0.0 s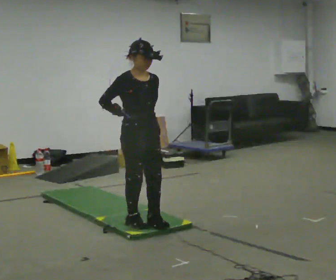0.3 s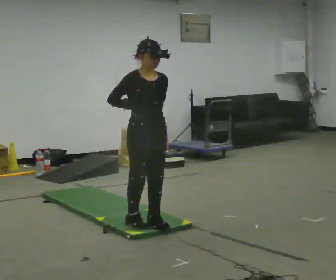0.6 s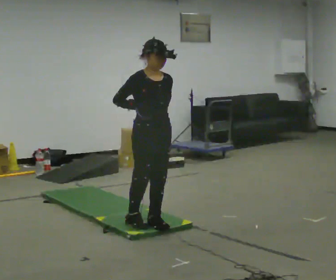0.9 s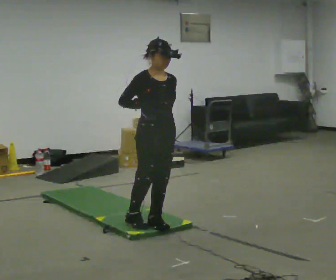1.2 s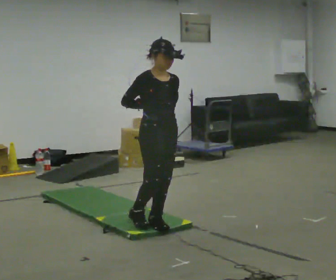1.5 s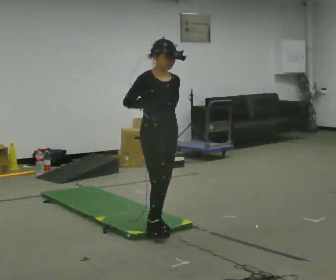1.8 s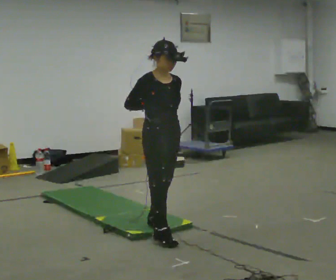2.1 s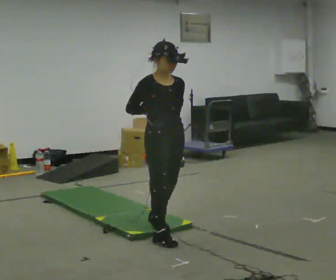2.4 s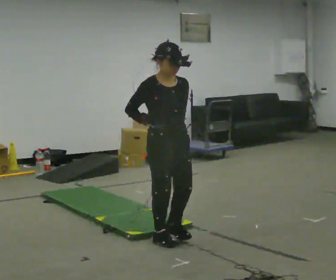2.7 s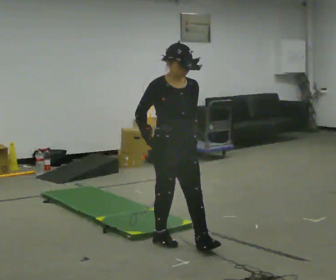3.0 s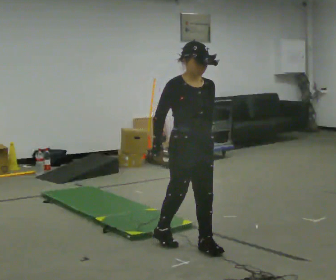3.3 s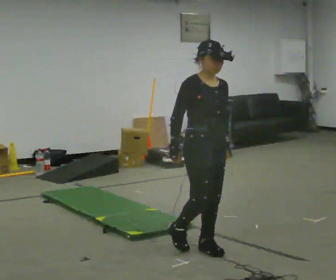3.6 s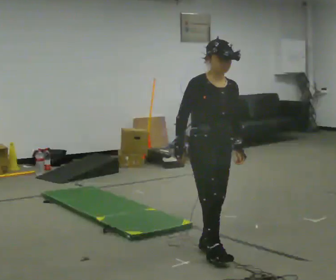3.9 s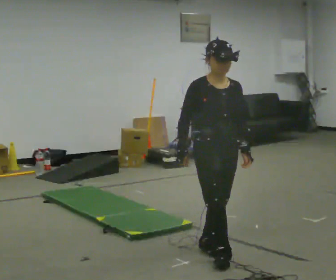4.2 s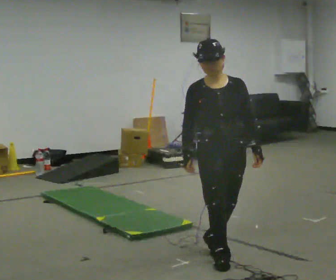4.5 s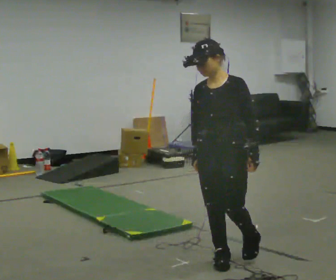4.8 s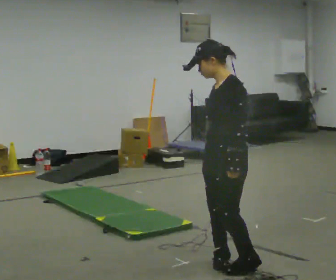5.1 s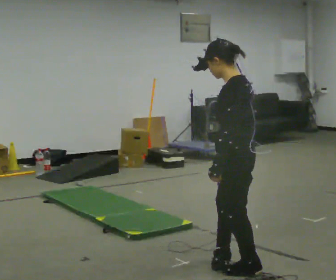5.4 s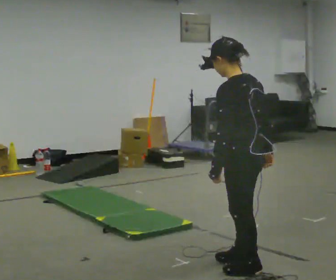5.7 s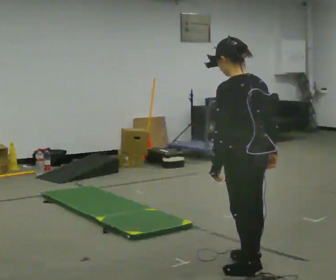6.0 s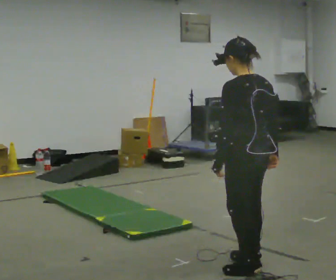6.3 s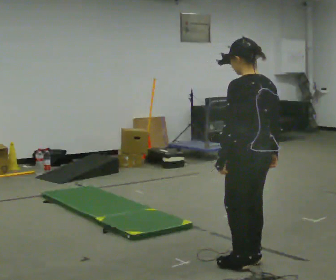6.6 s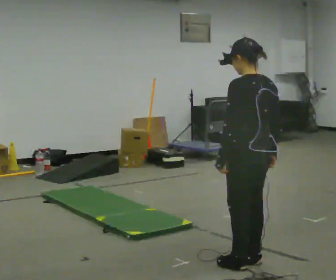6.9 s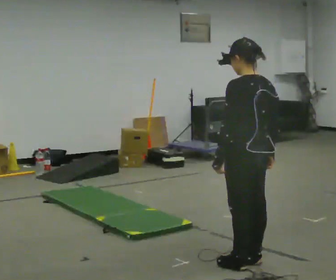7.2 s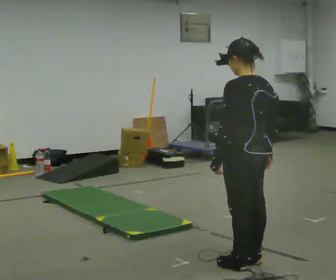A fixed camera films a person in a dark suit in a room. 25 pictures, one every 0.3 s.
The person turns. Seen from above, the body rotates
clockwise.
The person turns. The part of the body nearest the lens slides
to the left.
0.0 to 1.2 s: The person moves a little, or ends about where they began.
1.2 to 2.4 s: In the picture they go toward the camera, about 0.25 m in 1 step, which for them is forward.
2.4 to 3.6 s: In the picture they go to the right and toward the camera, about 0.5 m in 1 step, which for them is forward.
3.6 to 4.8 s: Seen from above the body turns clockwise, about 105 degrees: to their right, with its near side sliding to the left. In the picture they go toward the camera, about 0.25 m in 1 step.
4.8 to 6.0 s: Seen from above the body turns clockwise, about 60 degrees: to their right, with its near side sliding to the left.
6.0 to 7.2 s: The person moves a little, or ends about where they began.
The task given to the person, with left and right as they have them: Walk across the soft uneven mat at a comfortable speed; continue walking normally after you leave it.
The film runs forward here.
